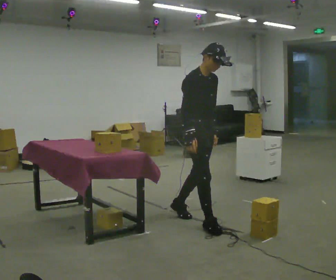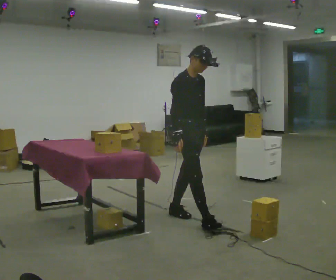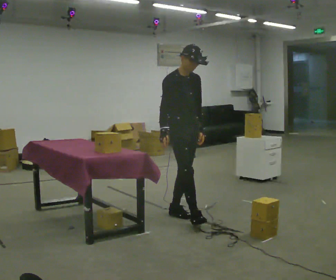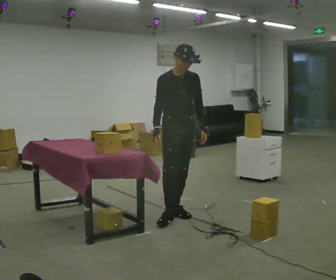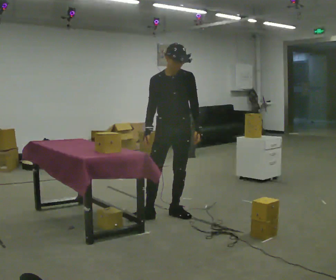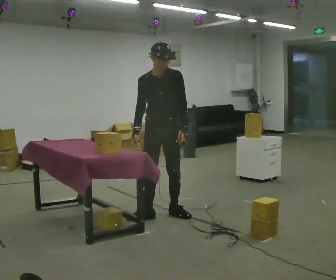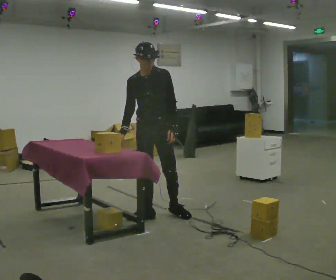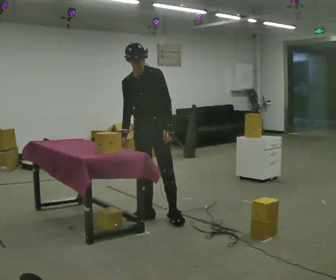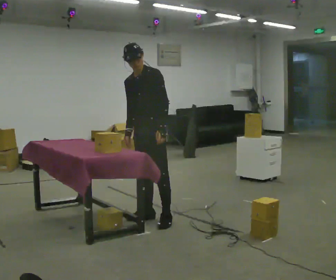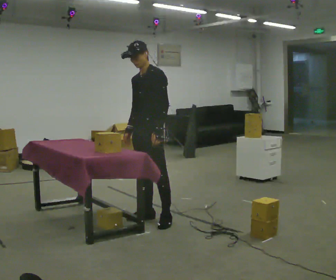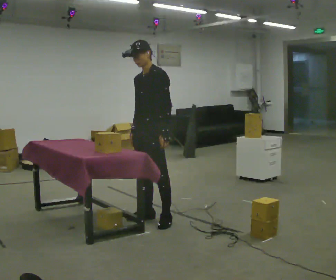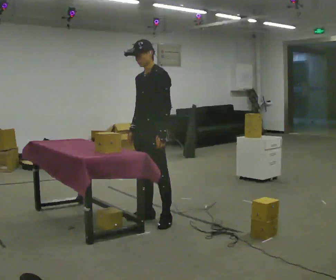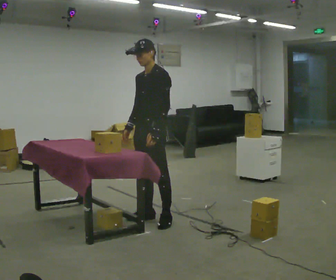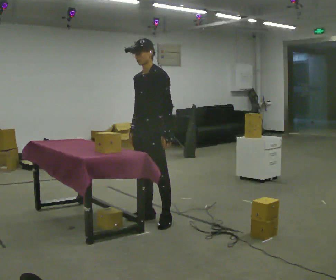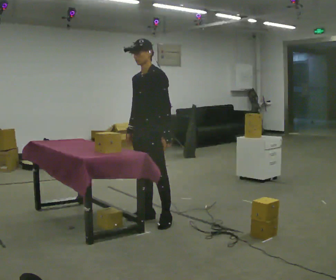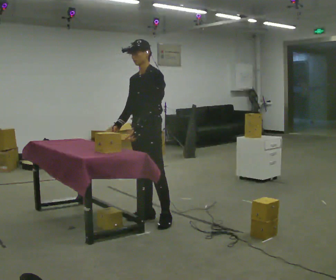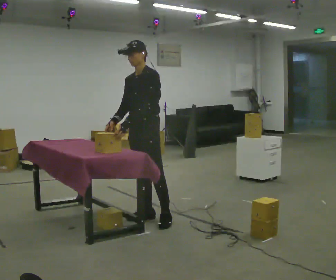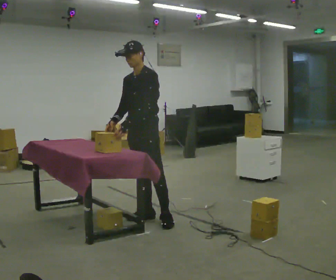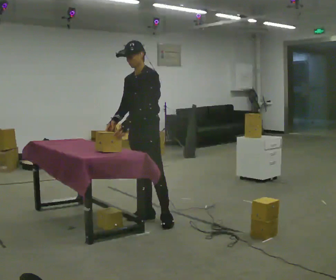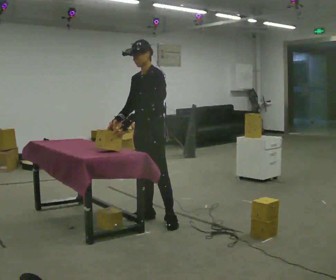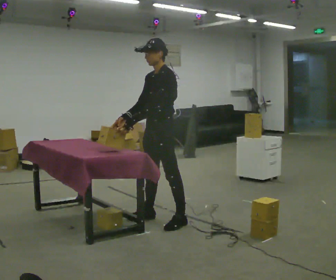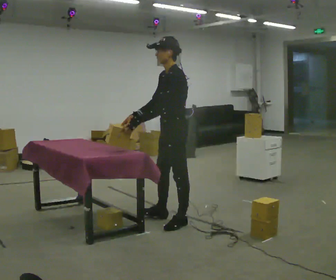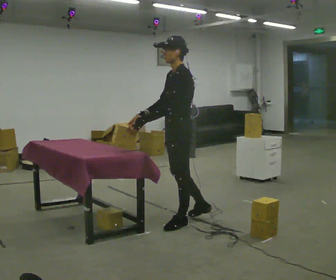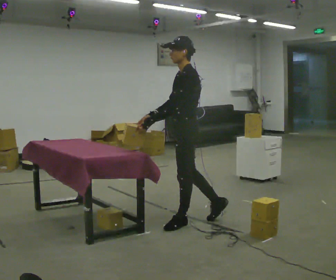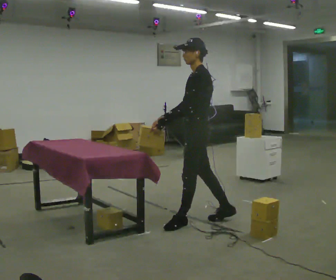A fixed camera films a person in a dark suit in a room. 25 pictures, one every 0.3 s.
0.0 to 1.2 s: The part of the body nearest the lens slides to the left as the person turns to their right by about 45 degrees. In the picture they go away from the camera and to the left, about 0.5 m in 1 step, which for them is backward.
1.2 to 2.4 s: The part of the body nearest the lens slides to the left as the person turns to their right by about 30 degrees. In the picture they go to the left, about 0.25 m in 1 step, which for them is to their right and forward.
2.4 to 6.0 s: The person moves a little, or ends about where they began.
6.0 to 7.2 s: Seen from above the body turns clockwise, about 30 degrees: to their right, with its near side sliding to the left. In the picture they go to the right, about 0.25 m in 1 step, which for them is backward and to their left.
The film runs backward here.
